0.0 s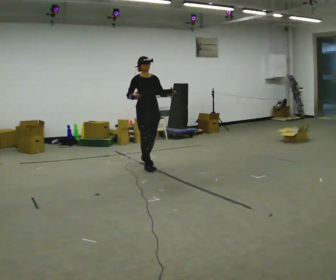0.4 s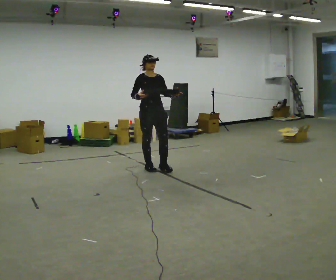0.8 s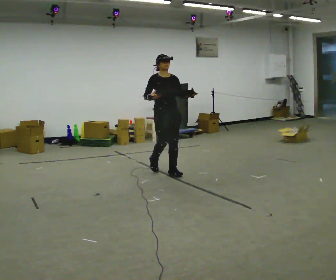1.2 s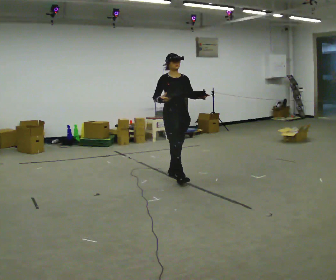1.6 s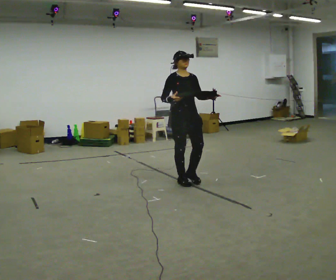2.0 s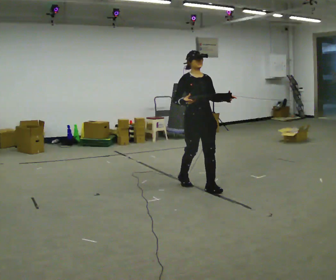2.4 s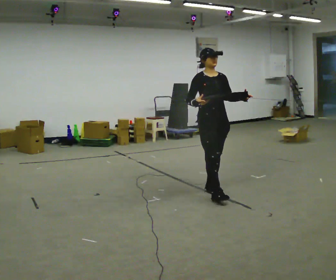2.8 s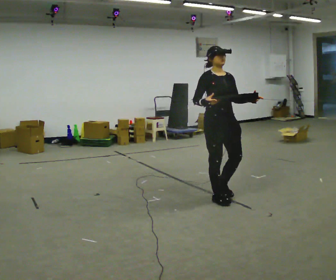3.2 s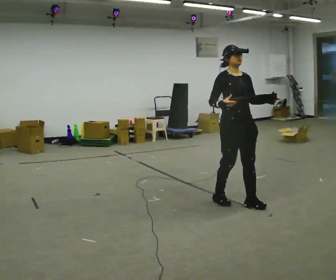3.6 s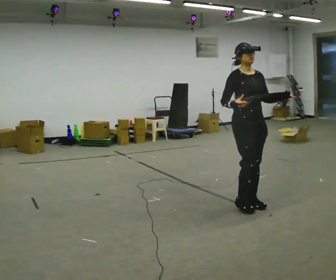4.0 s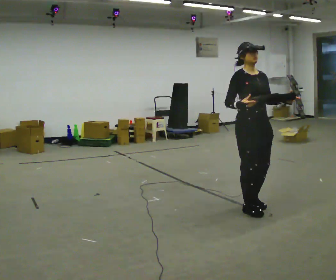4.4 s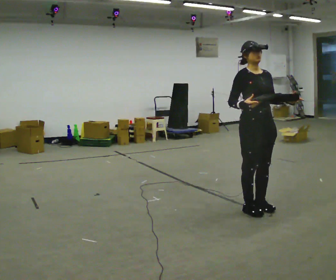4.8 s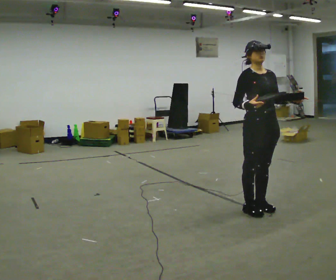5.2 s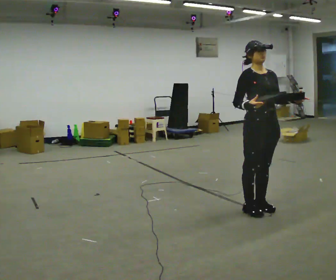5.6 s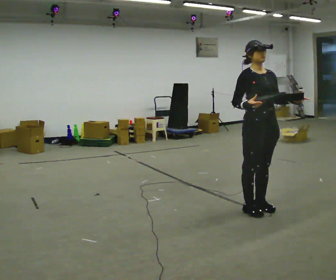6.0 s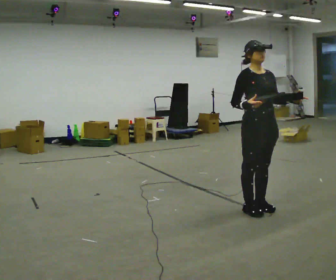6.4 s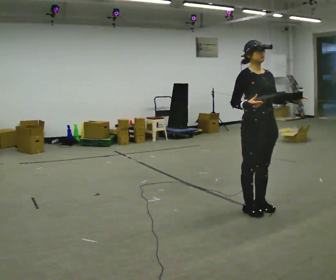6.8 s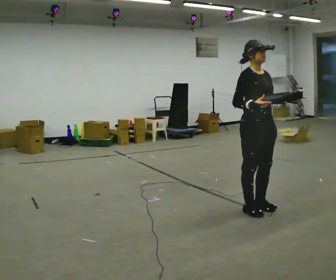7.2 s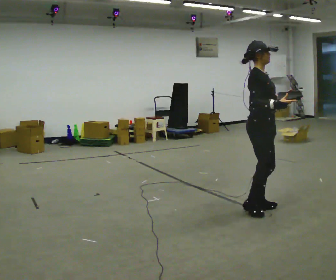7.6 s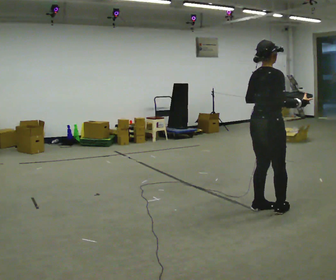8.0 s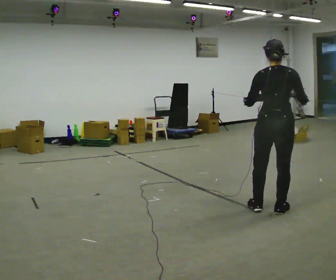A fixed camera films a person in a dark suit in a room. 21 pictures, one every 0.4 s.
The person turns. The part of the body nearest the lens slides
to the right.
The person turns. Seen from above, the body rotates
counterclockwise.
0.0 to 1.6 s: In the picture they go toward the camera and to the right, about 1 m in 2 steps, which for them is forward.
1.6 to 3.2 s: In the picture they go toward the camera and to the right, about 1 m in 3 steps, which for them is forward.
3.2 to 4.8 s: In the picture they go toward the camera and to the right, about 0.25 m in 1 step, which for them is forward.
4.8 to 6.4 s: The person keeps their place and pose.
6.4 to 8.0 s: The part of the body nearest the lens slides to the right as the person turns to their left by about 135 degrees. In the picture they go to the right, about 0.25 m in 1 step. In the picture their left hand goes to the left.
The film runs forward here.
